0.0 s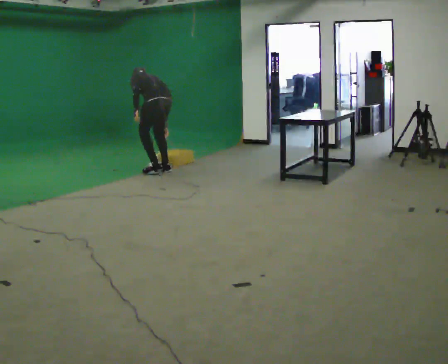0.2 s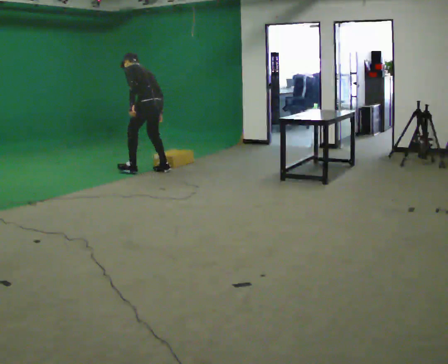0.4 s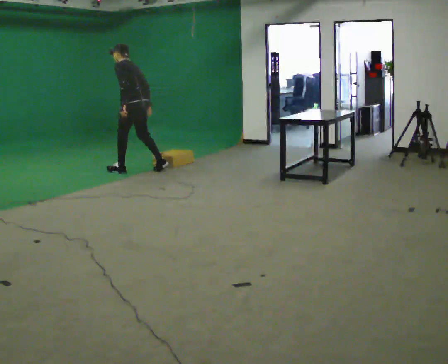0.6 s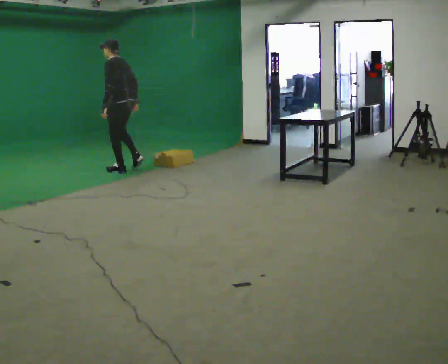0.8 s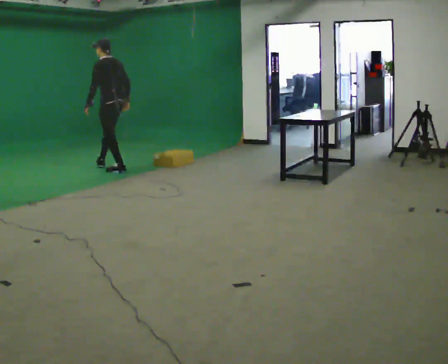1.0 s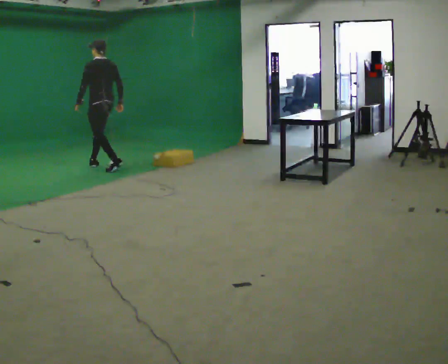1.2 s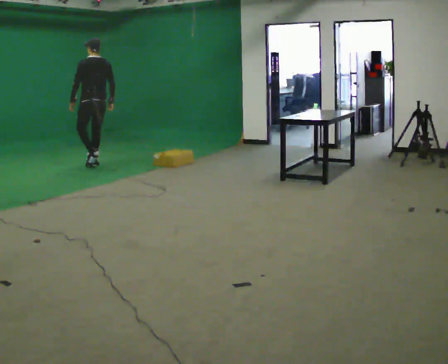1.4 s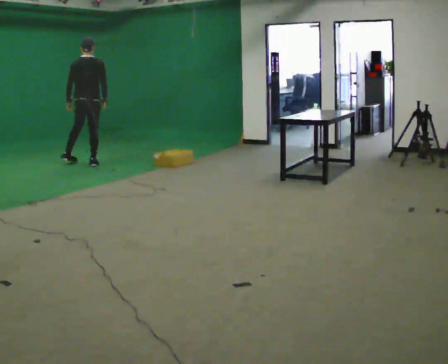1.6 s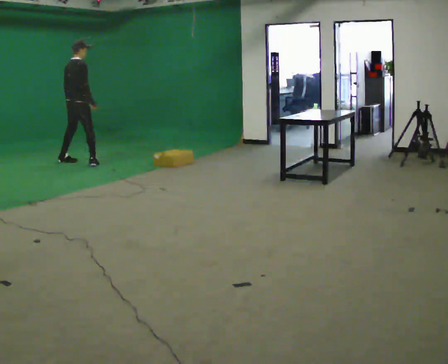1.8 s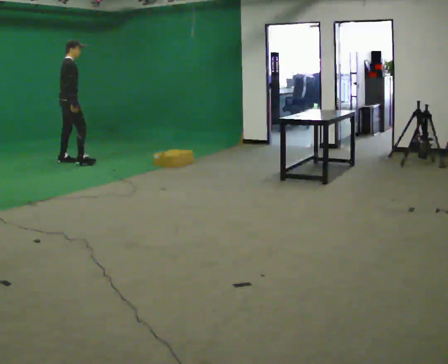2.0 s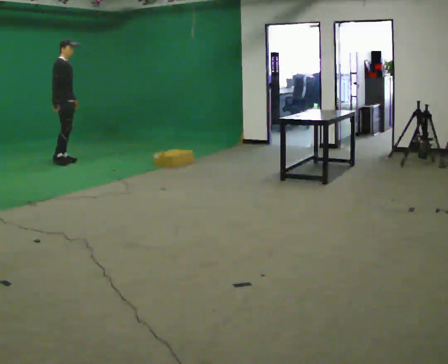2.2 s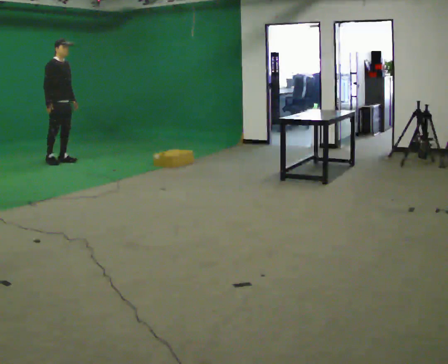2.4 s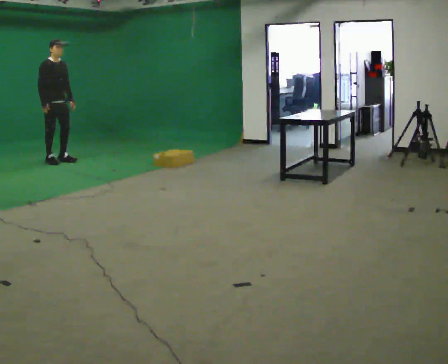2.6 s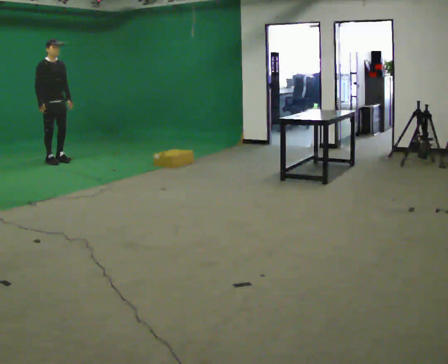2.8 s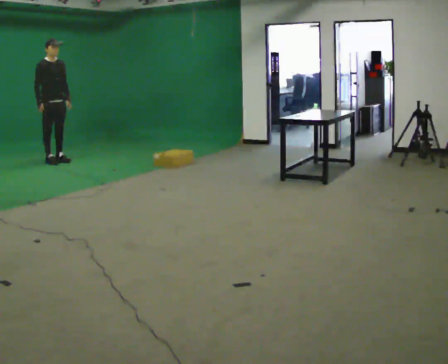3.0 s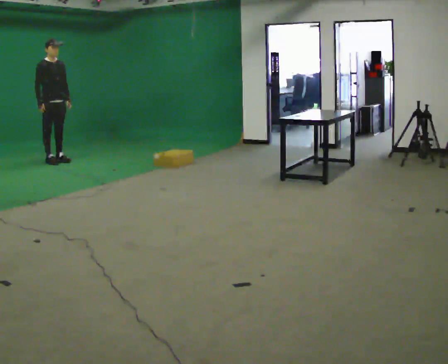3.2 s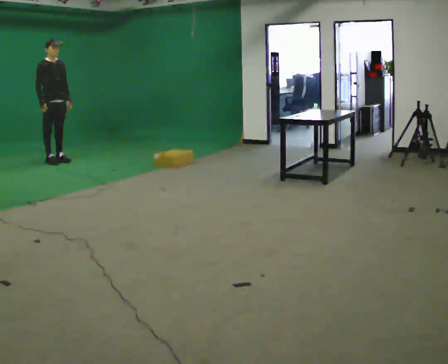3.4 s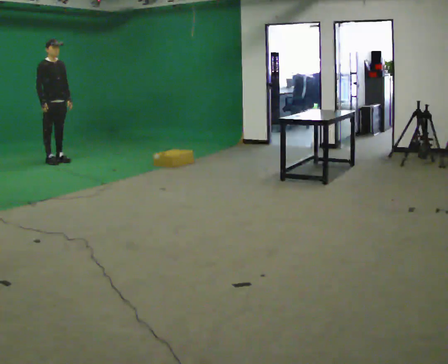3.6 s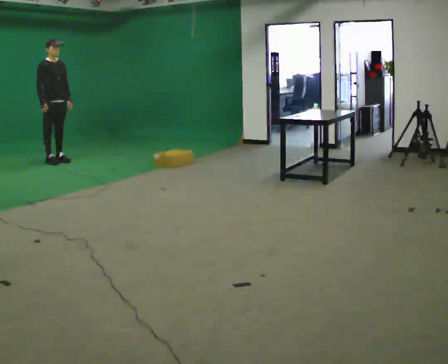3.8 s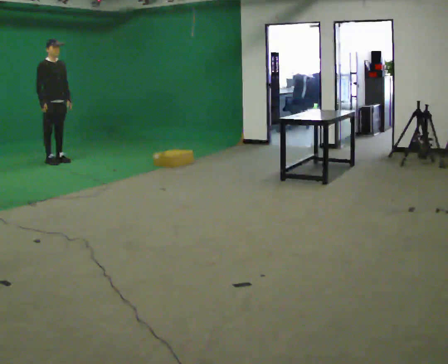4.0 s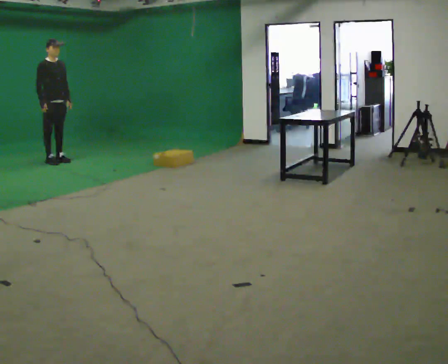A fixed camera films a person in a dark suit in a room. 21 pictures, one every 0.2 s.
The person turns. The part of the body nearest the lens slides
to the left.
The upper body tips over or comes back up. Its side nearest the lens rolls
downward.
0.0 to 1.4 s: Seen from above the body turns clockwise, about 45 degrees: to their right, with its near side sliding to the left. In the picture they go to the left and away from the camera, about 1 m in 2 steps. The shoulders move upward. The upper body tips toward the camera, its near side rolling downward, as they lean back or straighten.
1.4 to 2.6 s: Seen from above the body turns clockwise, about 120 degrees: to their right, with its near side sliding to the left. In the picture they go to the left and away from the camera, about 0.5 m in 2 steps.
2.6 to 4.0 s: The person moves a little, or ends about where they began.
The film runs forward here.
